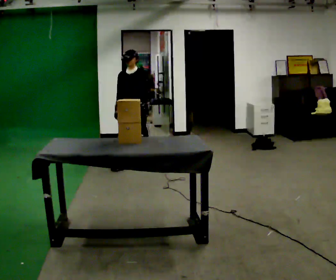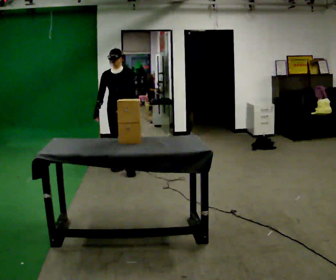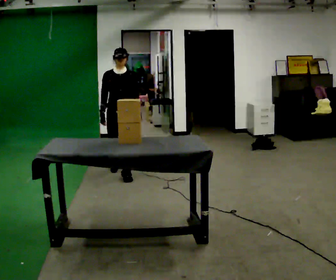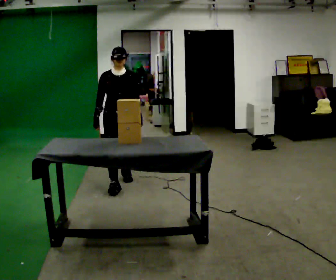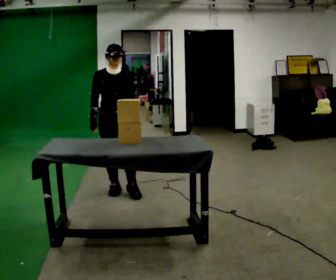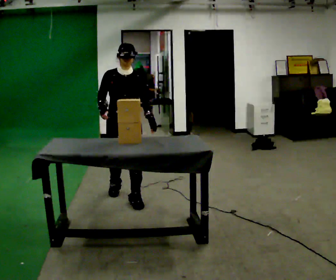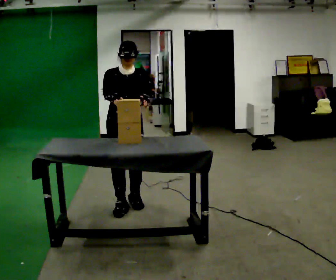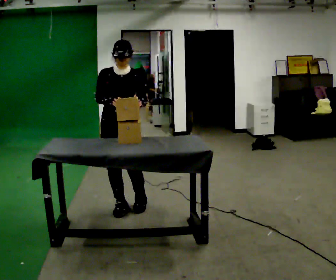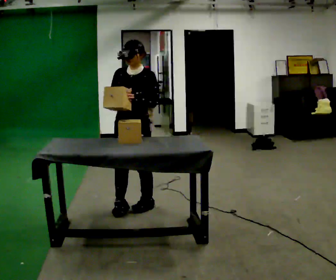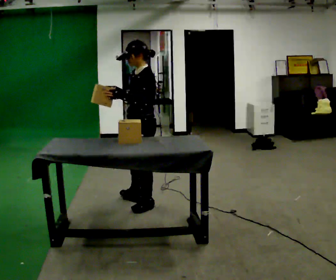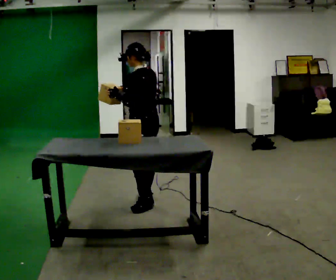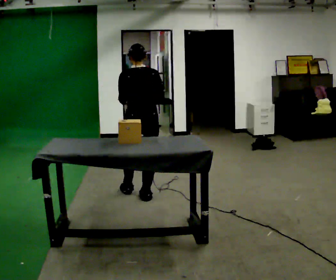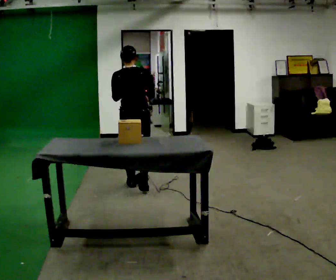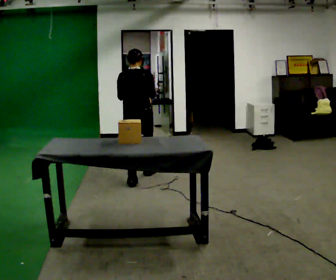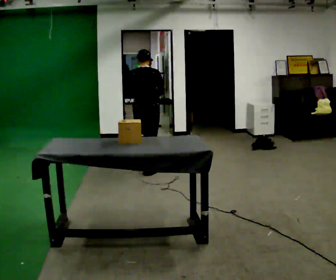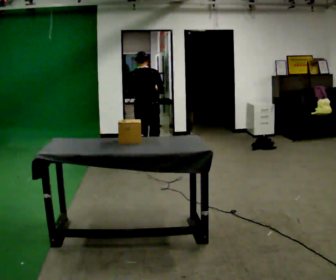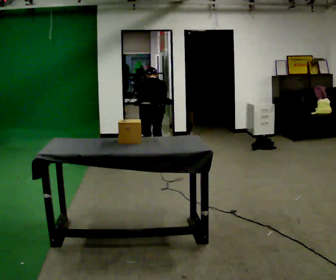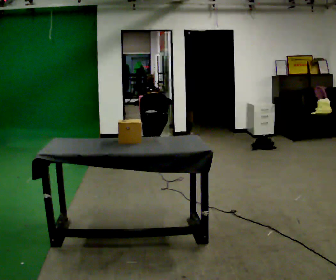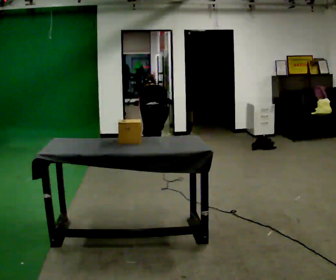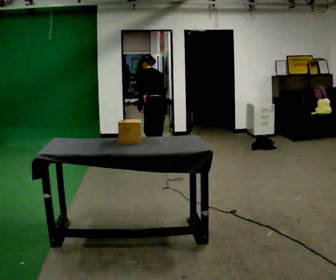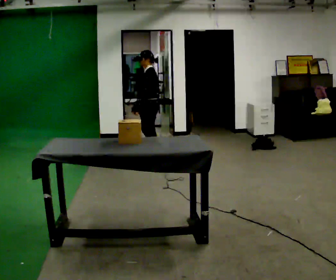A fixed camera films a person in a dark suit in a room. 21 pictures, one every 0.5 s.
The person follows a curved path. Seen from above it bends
counterclockwise.
0.0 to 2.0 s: The person turns about 45 degrees to their left, counterclockwise seen from above, so the part of the body nearest the lens slides to the right. In the picture they go toward the camera, about 1 m in 3 steps, which for them is forward.
2.0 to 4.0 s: The person turns about 45 degrees to their right, clockwise seen from above, so the part of the body nearest the lens slides to the left. In the picture they go toward the camera and to the right, about 0.5 m in 3 steps, which for them is forward.
4.0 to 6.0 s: The person turns about 150 degrees to their right, clockwise seen from above, so the part of the body nearest the lens slides to the left. In the picture they go away from the camera, about 0.5 m in 2 steps.
6.0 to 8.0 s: In the picture they go away from the camera, about 1 m in 3 steps, which for them is forward. The shoulders move downward. The upper body tips away from the camera, its near side rolling upward, as they bend forward. In the picture their right hand goes downward.
8.0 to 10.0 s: The part of the body nearest the lens slides to the right as the person turns to their left by about 105 degrees.
The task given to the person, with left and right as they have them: Take an object off the waist-height shelf, carry it across the room, and set it down on the floor. Keep going until the operator says stop; one object at a time, and do not rush between trips.
The film runs forward here.
